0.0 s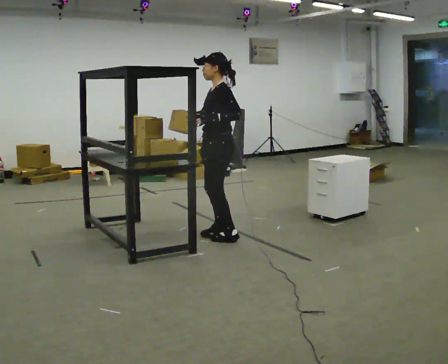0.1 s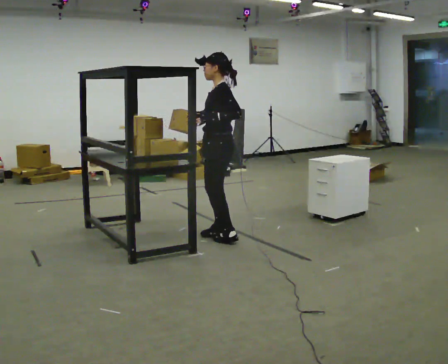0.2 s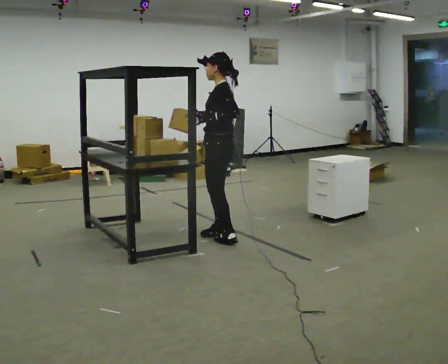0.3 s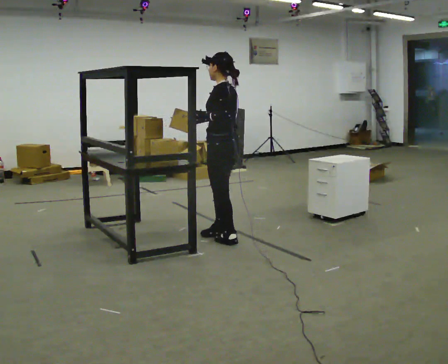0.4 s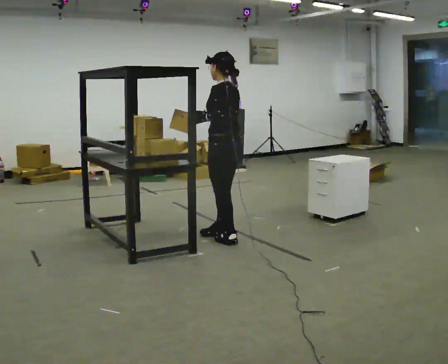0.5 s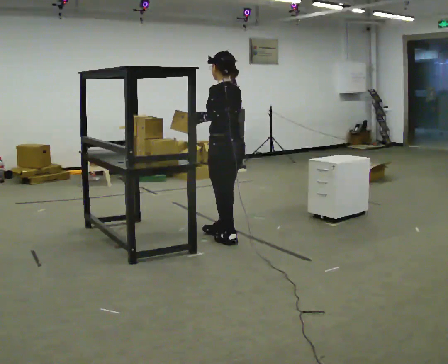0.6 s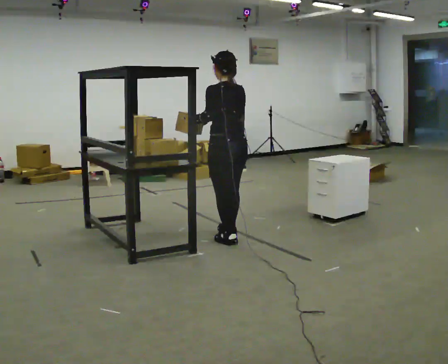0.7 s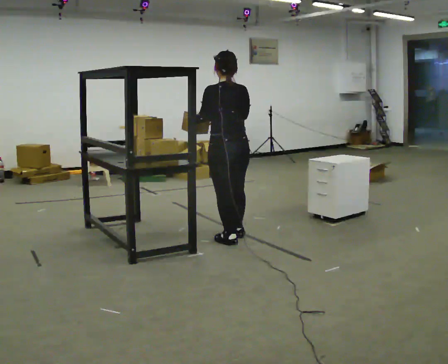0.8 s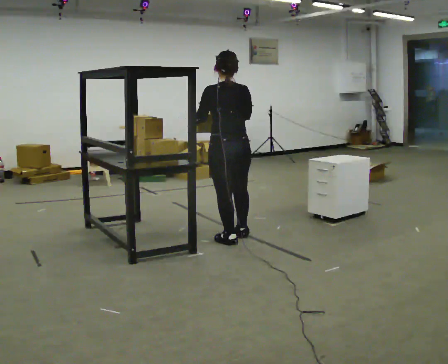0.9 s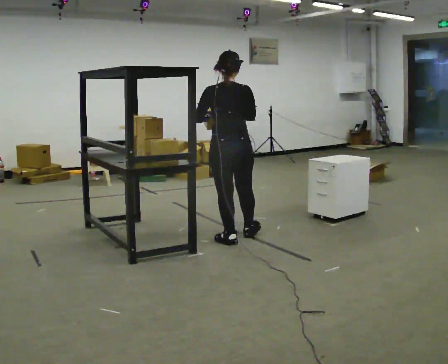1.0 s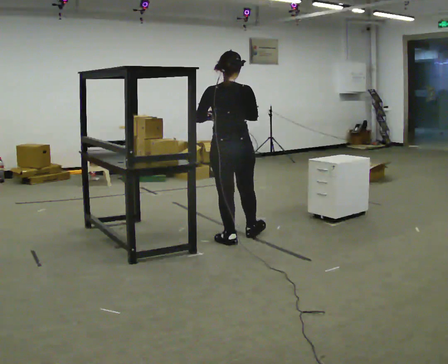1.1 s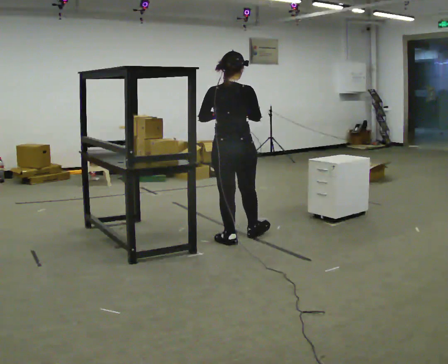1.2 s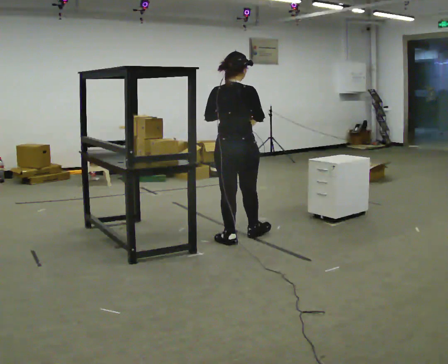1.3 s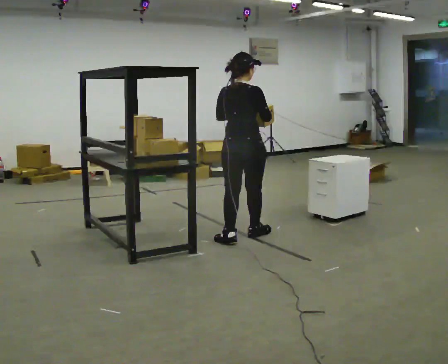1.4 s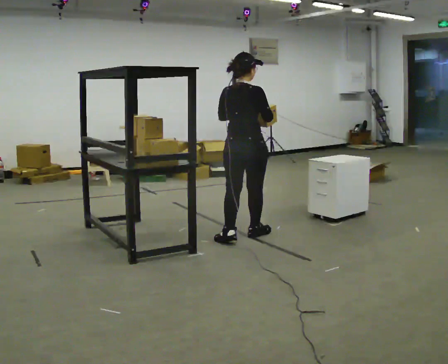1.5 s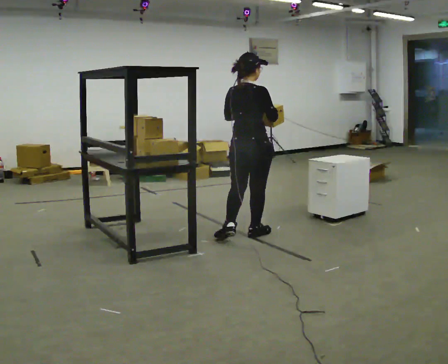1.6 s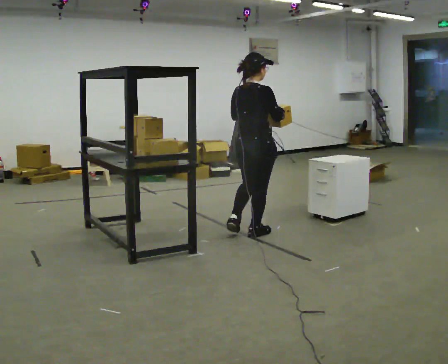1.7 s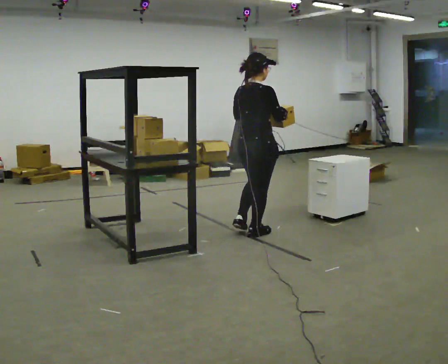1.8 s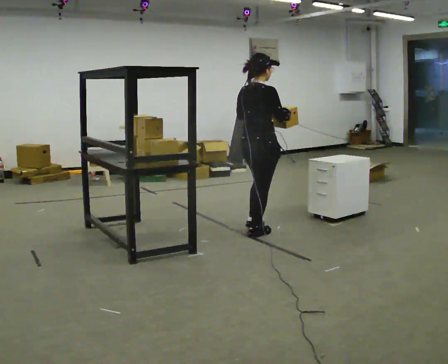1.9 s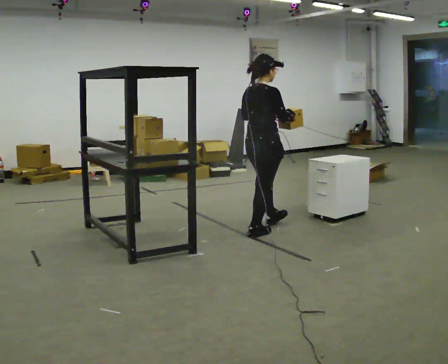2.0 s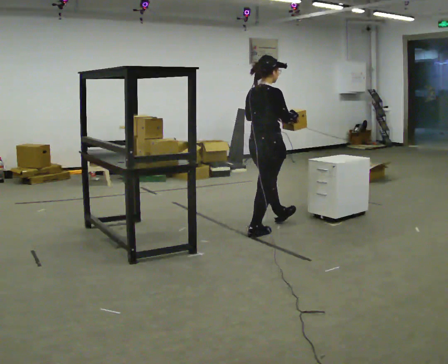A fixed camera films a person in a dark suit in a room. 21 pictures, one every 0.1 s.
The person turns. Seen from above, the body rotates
clockwise.
The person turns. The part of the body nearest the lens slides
to the left.
0.0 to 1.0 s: The part of the body nearest the lens slides to the left as the person turns to their right by about 105 degrees. In the picture they go toward the camera, about 0.25 m in 2 steps.
1.0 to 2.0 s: Seen from above the body turns clockwise, about 60 degrees: to their right, with its near side sliding to the left. In the picture they go away from the camera and to the right, about 0.5 m, which for them is forward.
The film runs forward here.
